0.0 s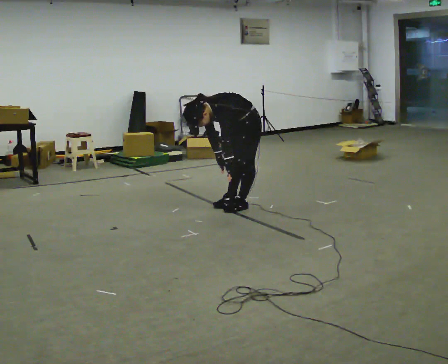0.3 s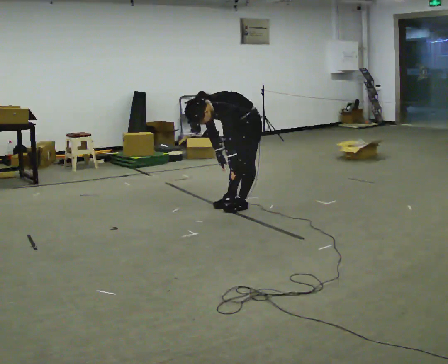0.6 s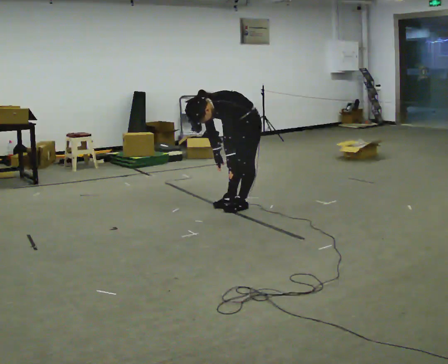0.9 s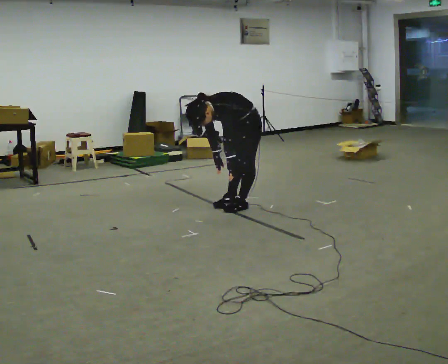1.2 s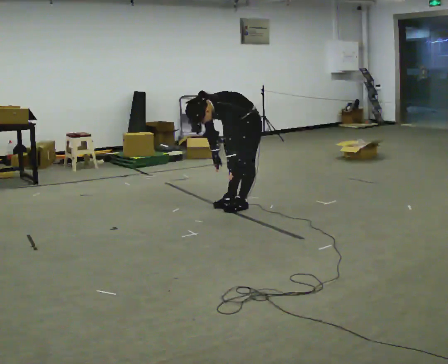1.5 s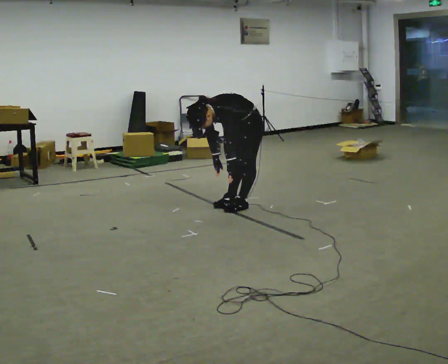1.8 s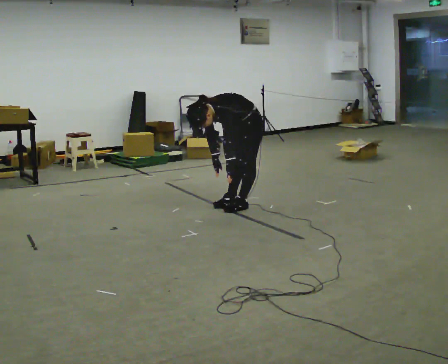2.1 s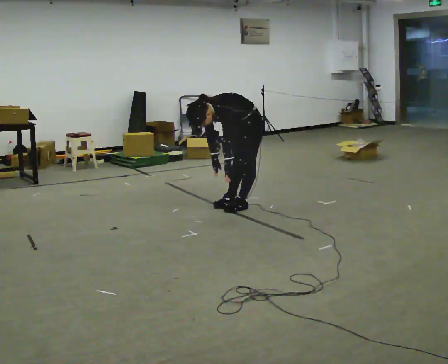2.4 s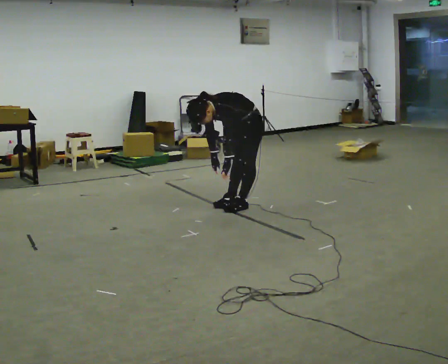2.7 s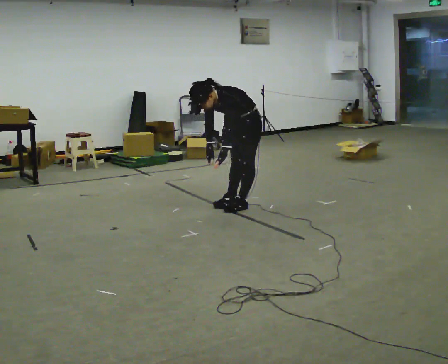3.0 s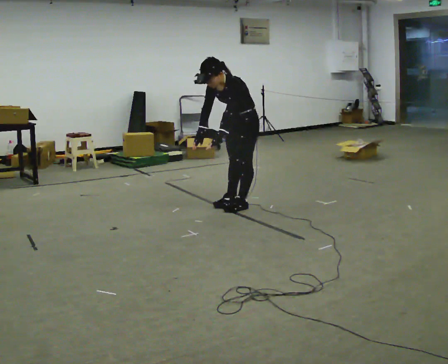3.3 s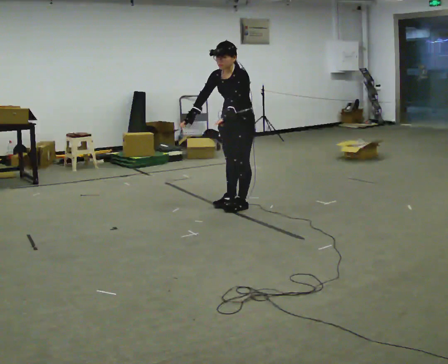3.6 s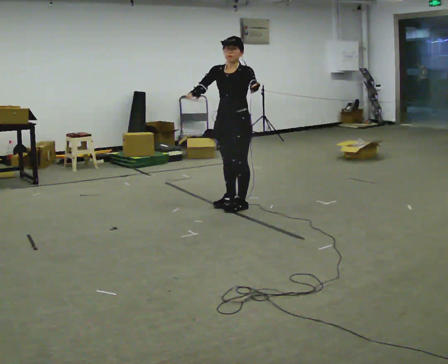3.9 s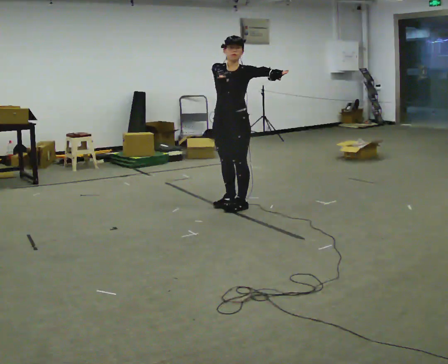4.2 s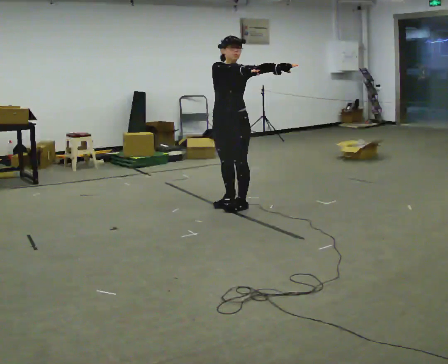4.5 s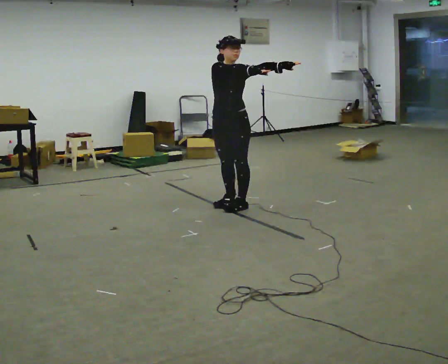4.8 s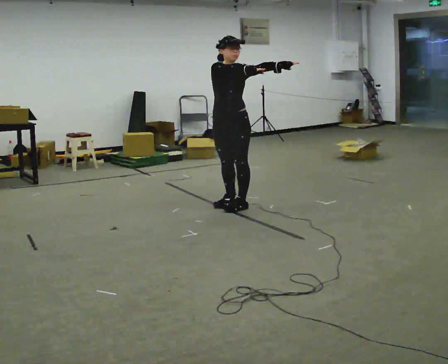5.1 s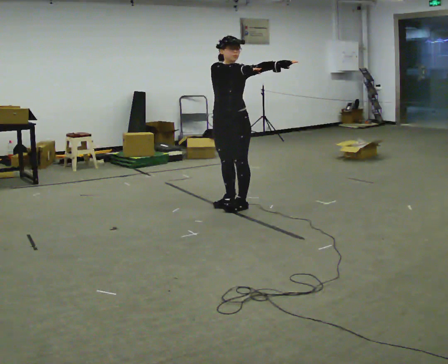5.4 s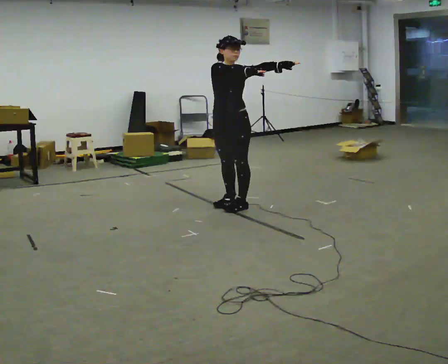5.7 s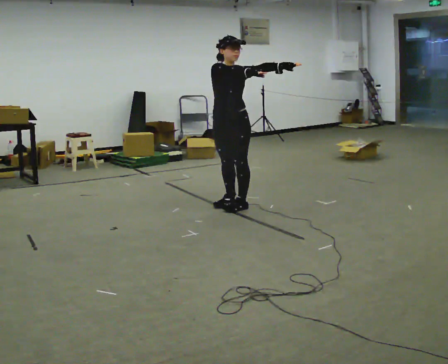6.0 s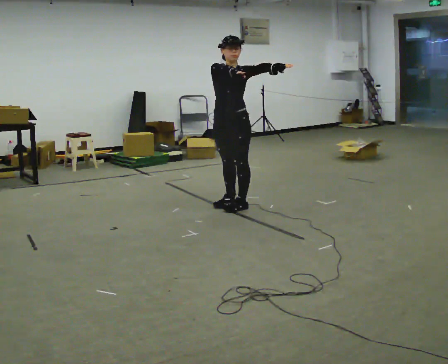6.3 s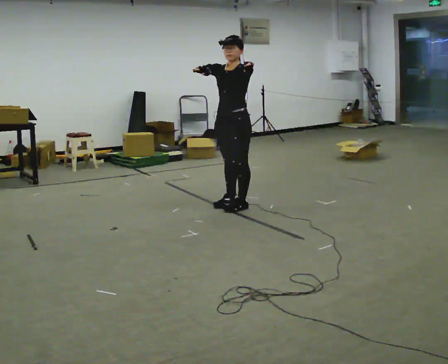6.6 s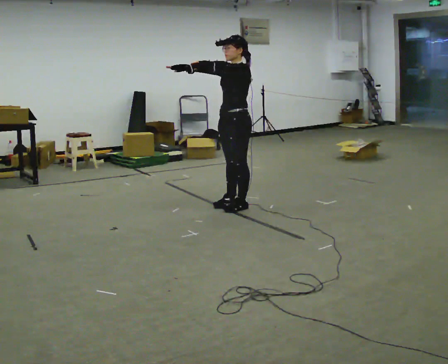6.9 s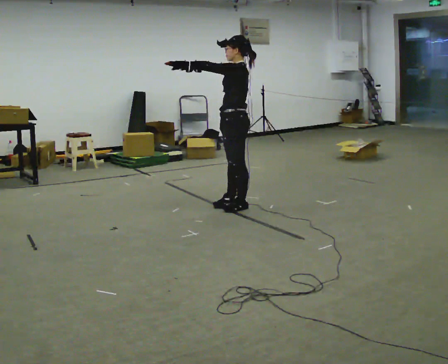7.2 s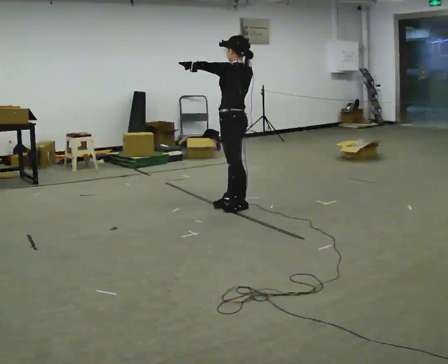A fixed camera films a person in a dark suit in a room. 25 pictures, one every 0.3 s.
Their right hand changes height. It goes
upward.
Their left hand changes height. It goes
upward.
0.0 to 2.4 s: The person moves a little, or ends about where they began.
2.4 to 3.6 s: Seen from above the body turns counterclockwise, about 30 degrees: to their left, with its near side sliding to the right. The upper body goes upward. In the picture the upper body tilts clockwise, shoulders to the right, as they lean back or straighten. In the picture their right hand goes upward, the arm swinging clockwise.
3.6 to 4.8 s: The part of the body nearest the lens slides to the right as the person turns to their left by about 30 degrees. In the picture their right hand goes to the right.
4.8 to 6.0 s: The person moves a little, or ends about where they began.
6.0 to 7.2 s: Seen from above the body turns clockwise, about 90 degrees: to their right, with its near side sliding to the left. In the picture their left hand goes to the left.
The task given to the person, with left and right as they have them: Reach as far as you comfortably can in each direction the operator calls: up, down, forward, each side, and behind. Hold each one briefly. Keep both feet on the marked spots for the whole take. If you have to step, stop and tell the operator.
The film runs forward here.
